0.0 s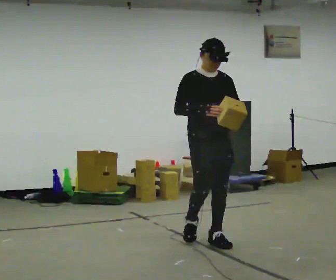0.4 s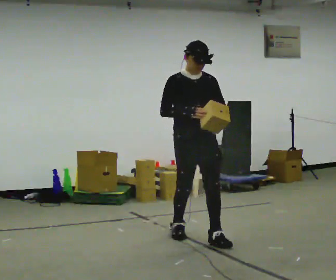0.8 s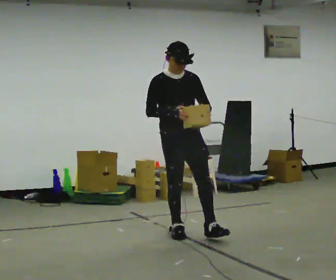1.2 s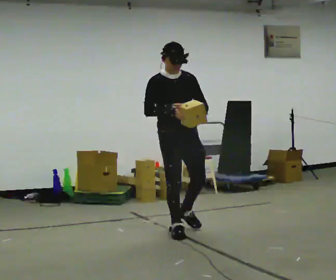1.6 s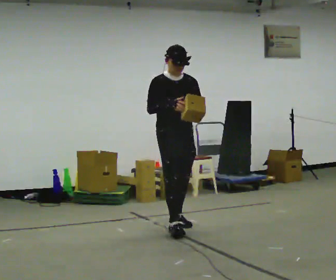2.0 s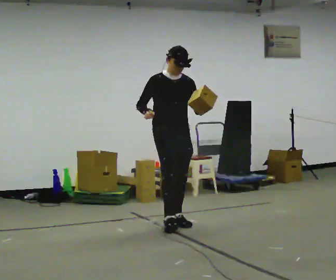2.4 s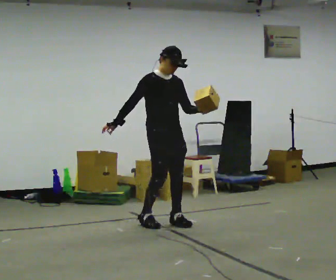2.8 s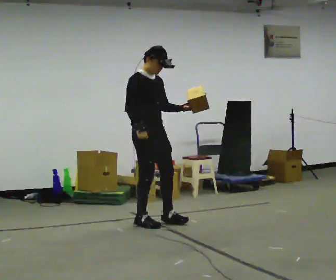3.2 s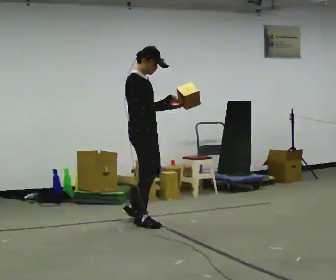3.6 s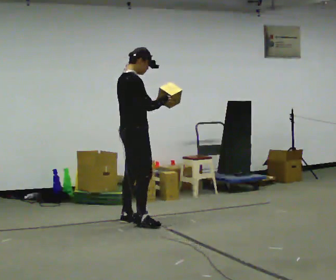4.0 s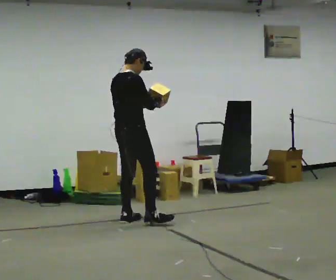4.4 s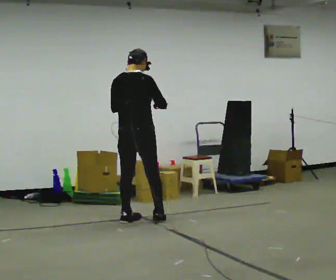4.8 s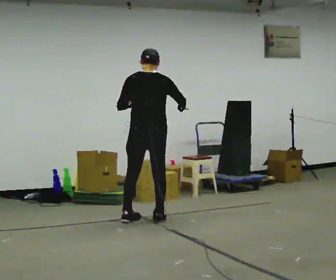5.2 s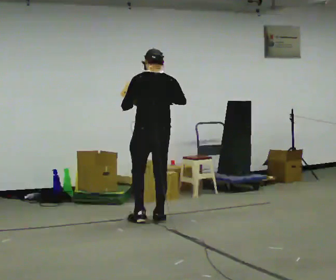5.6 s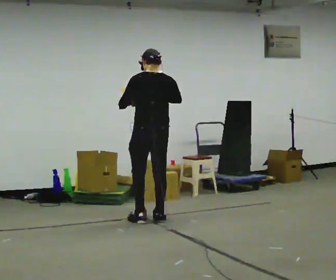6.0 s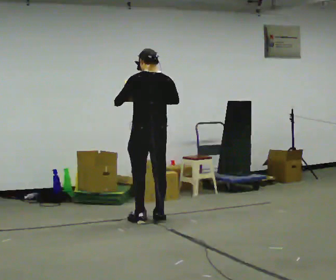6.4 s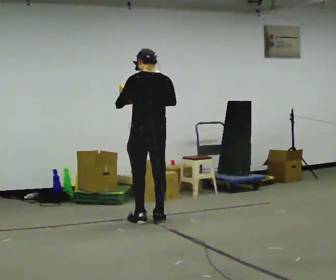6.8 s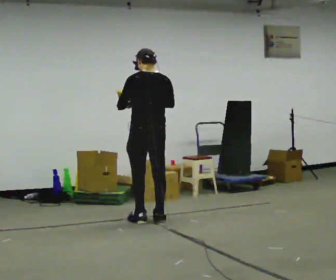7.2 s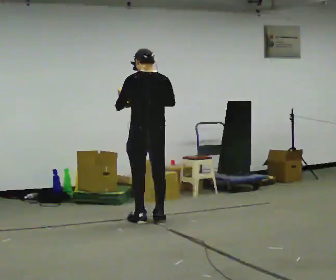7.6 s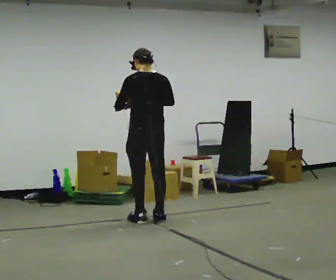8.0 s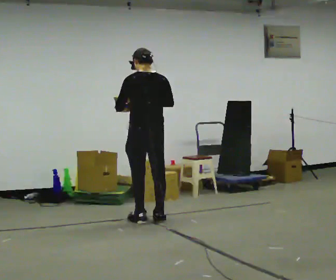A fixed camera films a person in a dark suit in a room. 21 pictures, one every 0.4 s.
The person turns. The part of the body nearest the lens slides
to the right.
The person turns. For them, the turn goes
to their left.
0.0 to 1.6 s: In the picture they go away from the camera, about 0.75 m in 1 step, which for them is backward.
1.6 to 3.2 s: The part of the body nearest the lens slides to the right as the person turns to their left by about 60 degrees. In the picture they go to the left and away from the camera, about 0.25 m in 2 steps, which for them is backward and to their right.
3.2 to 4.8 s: Seen from above the body turns counterclockwise, about 90 degrees: to their left, with its near side sliding to the right. In the picture they go away from the camera, about 0.25 m in 1 step. In the picture their left hand goes to the left.
4.8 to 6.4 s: Seen from above the body turns counterclockwise, about 30 degrees: to their left, with its near side sliding to the right.
6.4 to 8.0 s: The person moves a little, or ends about where they began.
The film runs backward here.
